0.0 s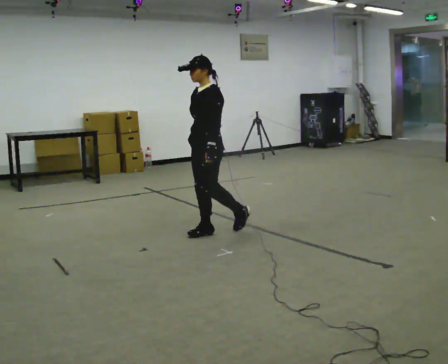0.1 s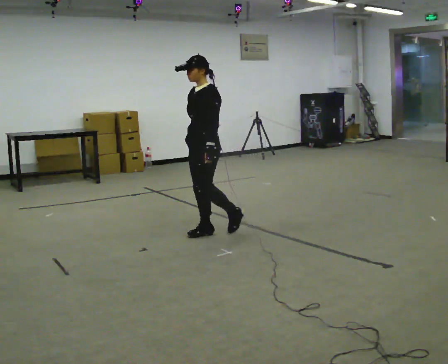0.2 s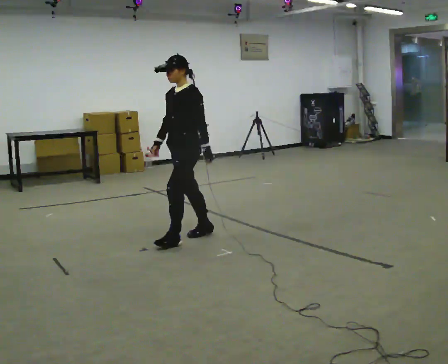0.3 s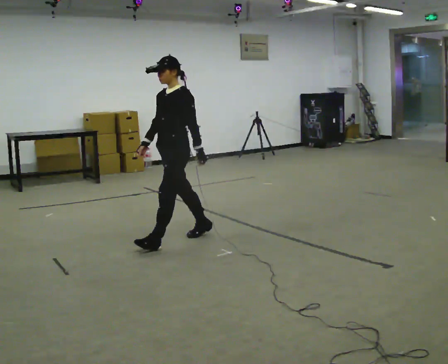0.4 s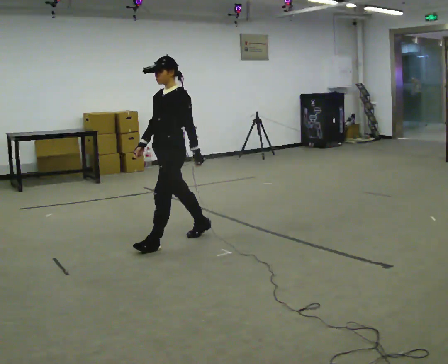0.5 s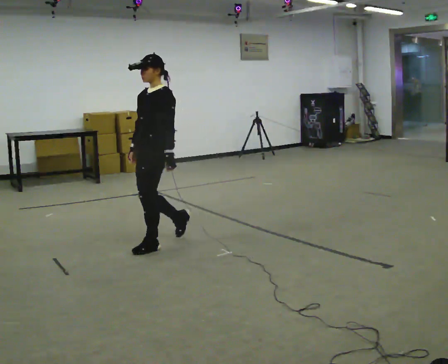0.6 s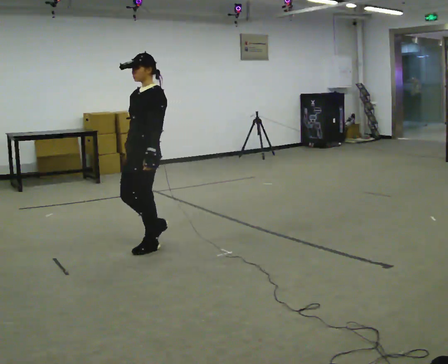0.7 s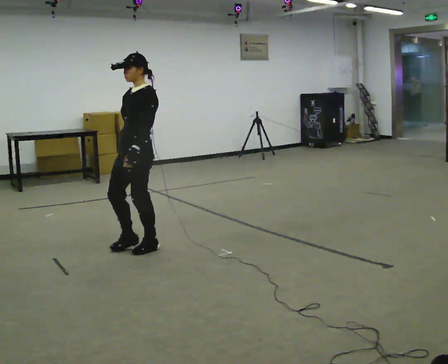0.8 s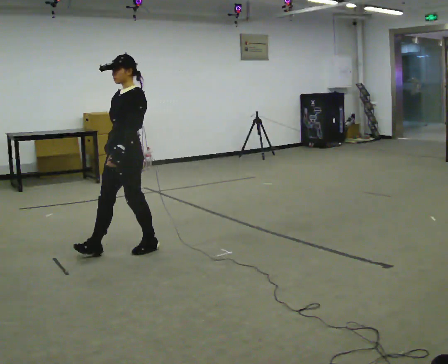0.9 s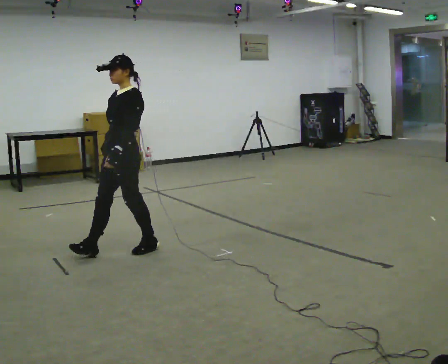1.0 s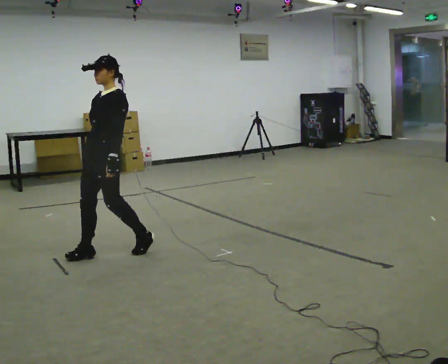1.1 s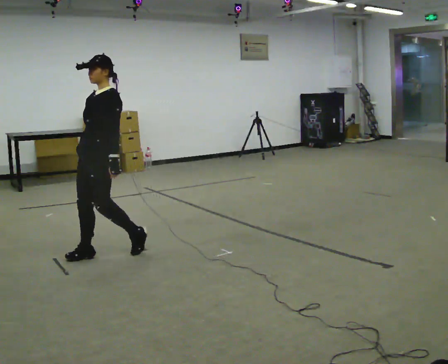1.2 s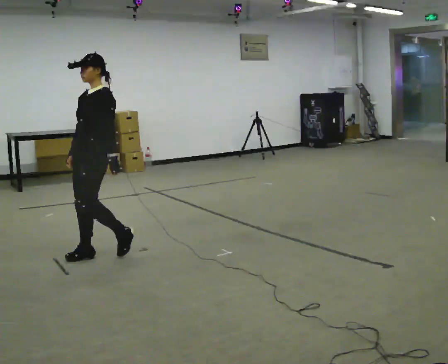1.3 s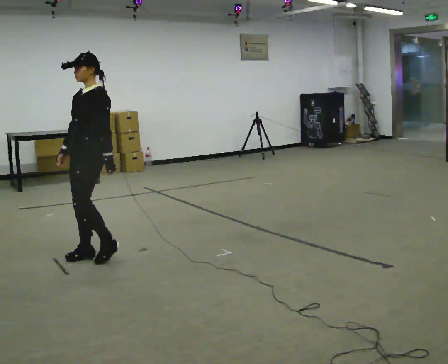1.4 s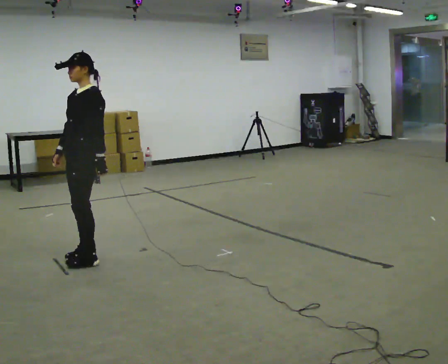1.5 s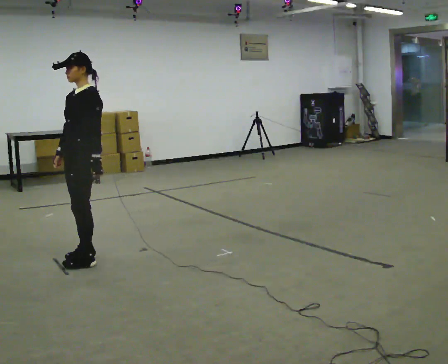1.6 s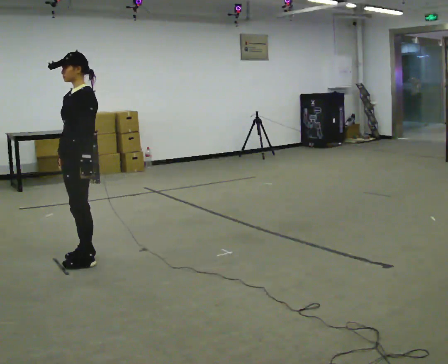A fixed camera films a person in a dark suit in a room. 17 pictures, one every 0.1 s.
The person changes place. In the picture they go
to the left.
0.0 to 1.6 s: In the picture they go to the left and toward the camera, about 1 m in 3 steps, which for them is forward.
The film runs forward here.
